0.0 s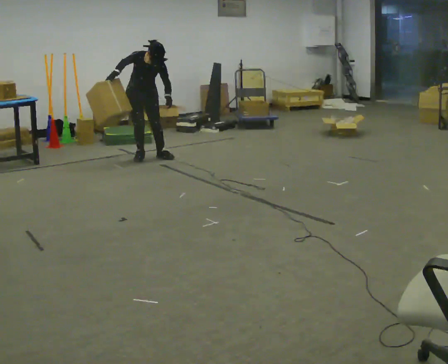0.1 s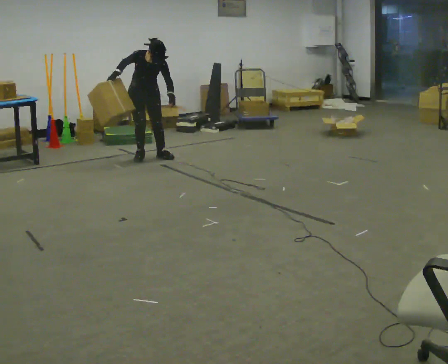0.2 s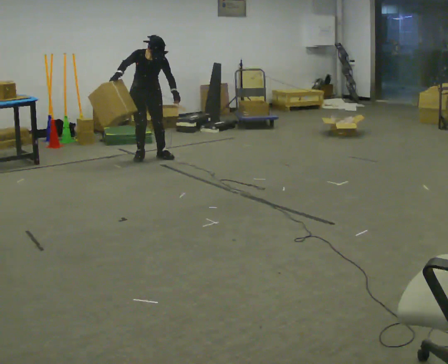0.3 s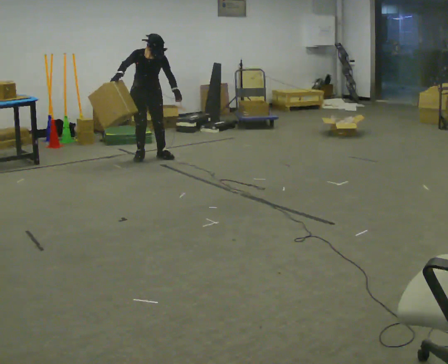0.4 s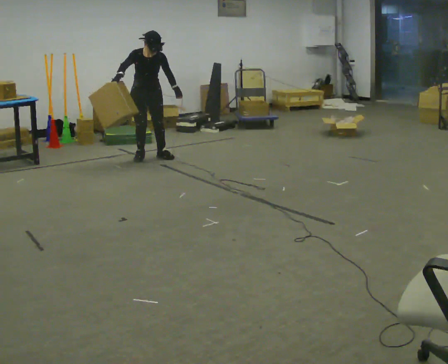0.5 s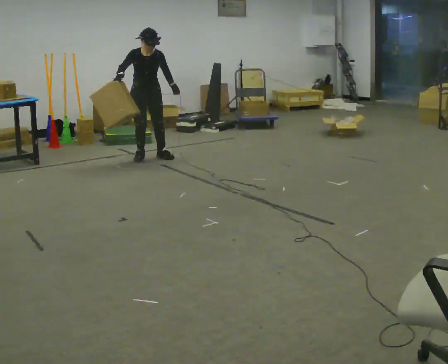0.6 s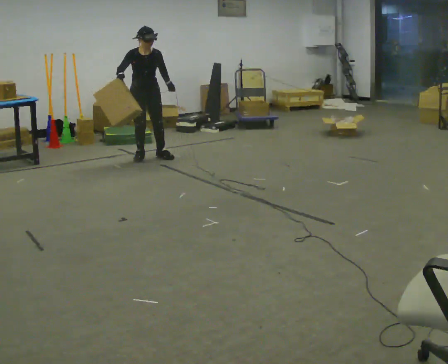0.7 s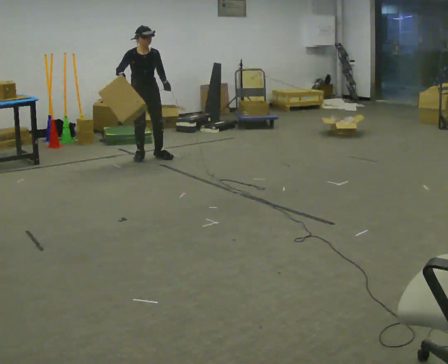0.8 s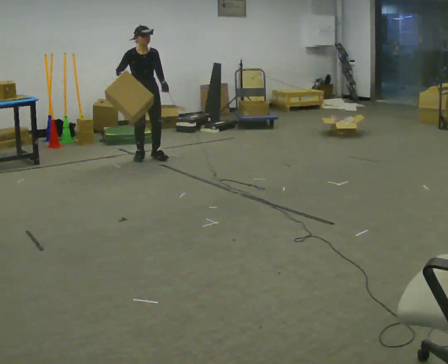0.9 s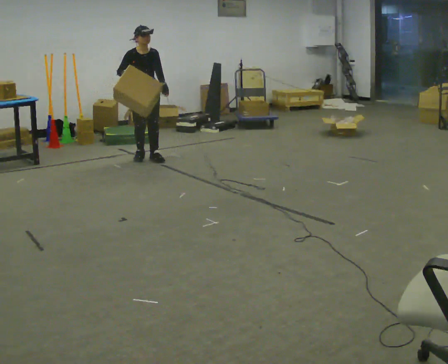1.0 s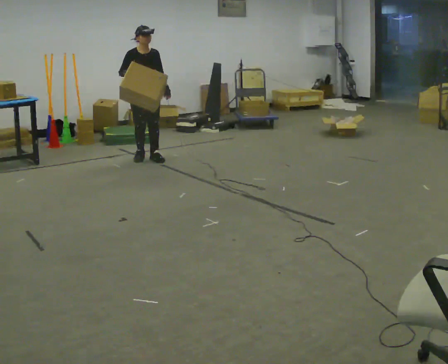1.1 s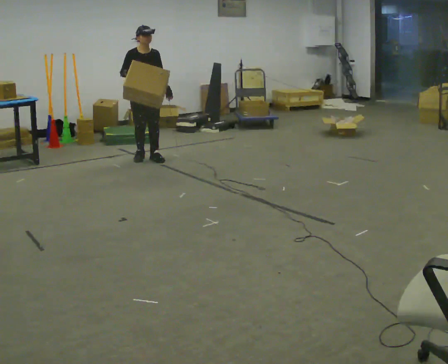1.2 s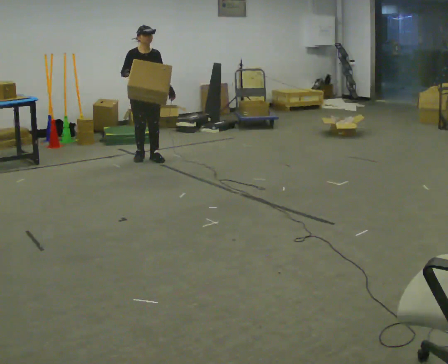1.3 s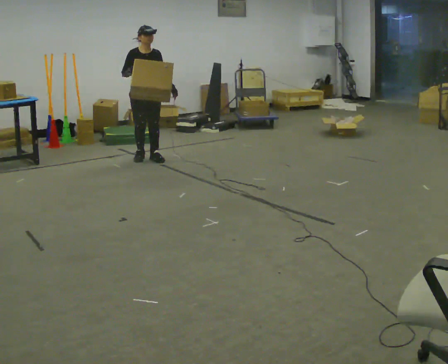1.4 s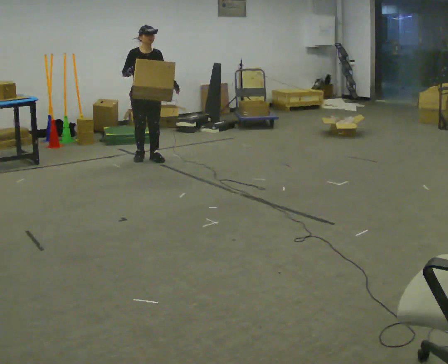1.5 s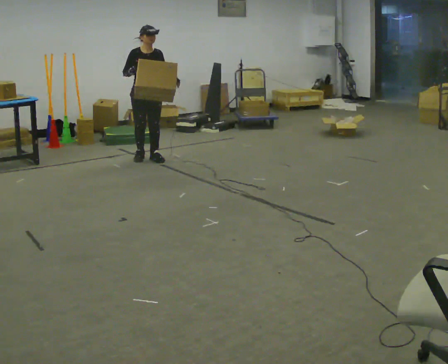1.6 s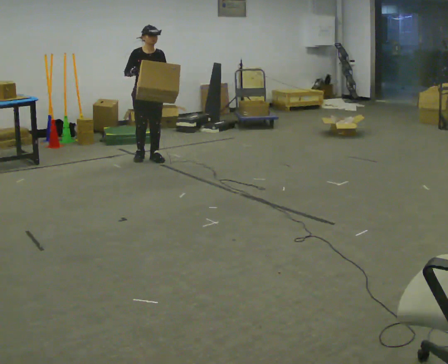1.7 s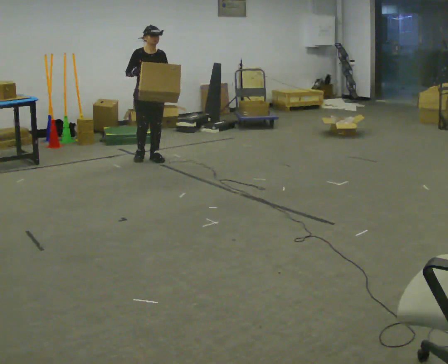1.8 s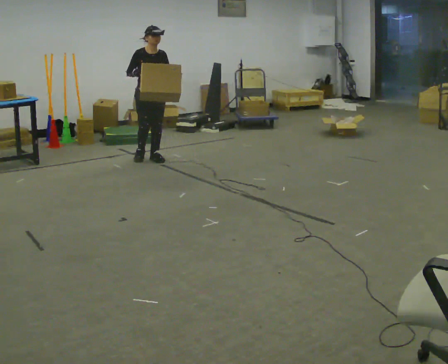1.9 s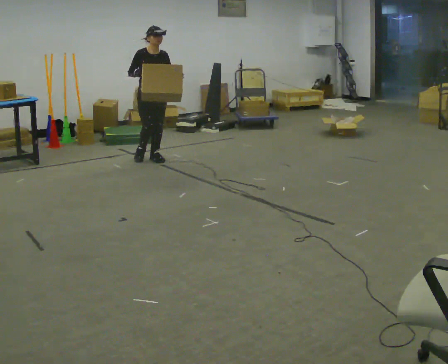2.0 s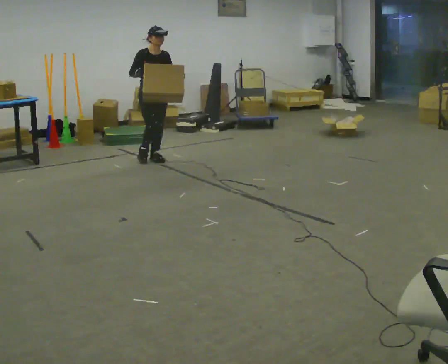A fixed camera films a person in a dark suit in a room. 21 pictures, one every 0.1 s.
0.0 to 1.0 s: The upper body tips away from the camera, its near side rolling upward, as they lean back or straighten.
1.0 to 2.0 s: The person moves a little, or ends about where they began.
The film runs forward here.
